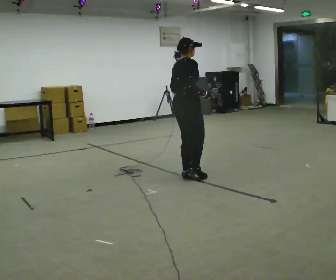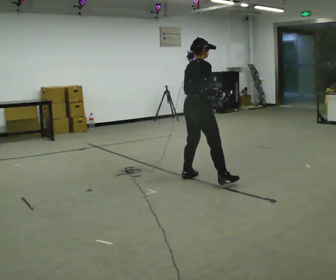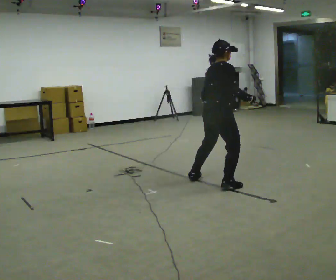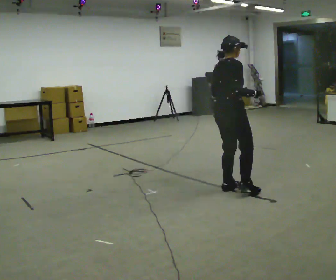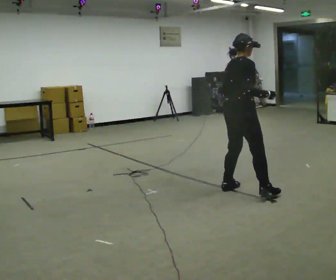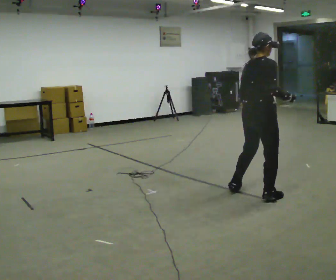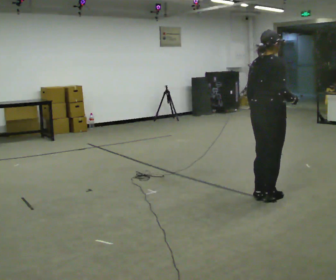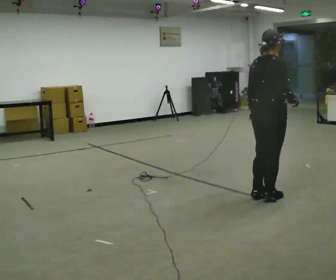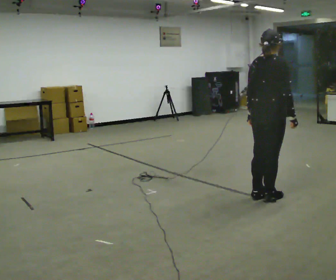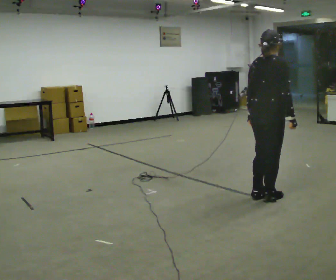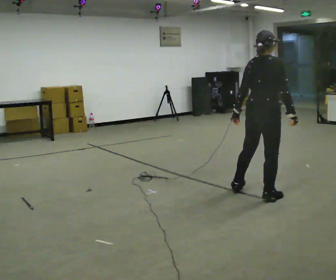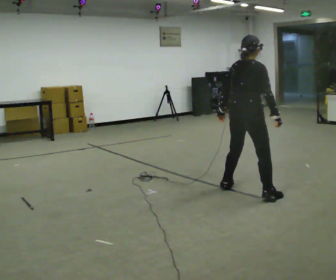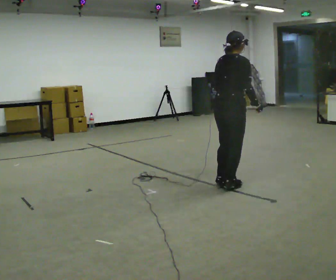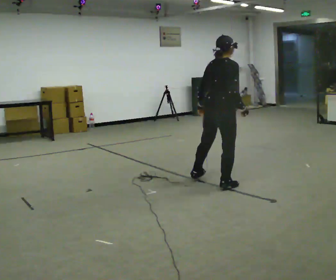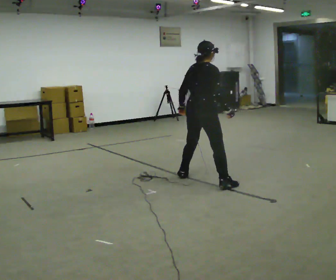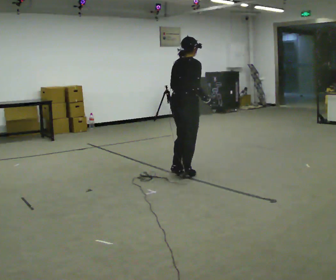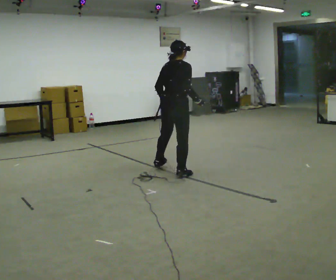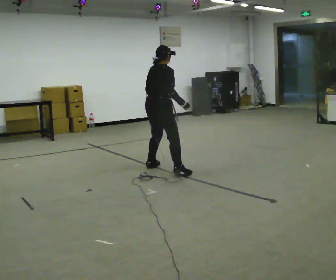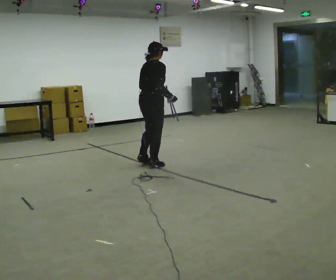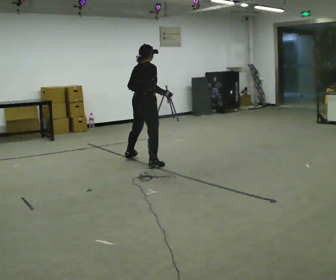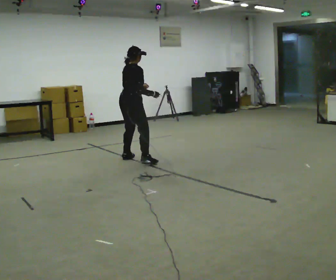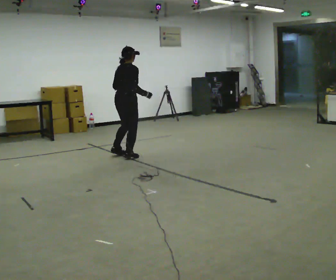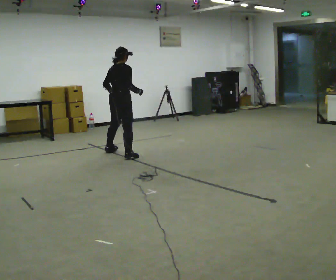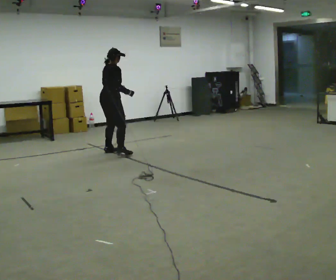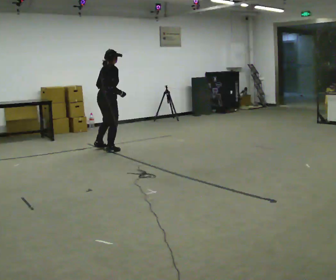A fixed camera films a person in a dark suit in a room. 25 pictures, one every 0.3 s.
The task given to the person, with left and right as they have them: Shuffle sideways quickly in the direction the operator calls, without crossing your feet.
0.0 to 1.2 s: In the picture they go to the right and toward the camera, about 1 m in 3 steps, which for them is to their right.
1.2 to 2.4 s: In the picture they go to the right and toward the camera, about 0.25 m in 2 steps, which for them is to their right.
2.4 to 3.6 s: In the picture they go to the left and away from the camera, about 0.5 m in 1 step, which for them is to their left.
3.6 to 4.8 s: In the picture they go to the left and away from the camera, about 1 m in 3 steps, which for them is to their left.
4.8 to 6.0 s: In the picture they go to the left and away from the camera, about 1 m in 3 steps, which for them is to their left.
6.0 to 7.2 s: In the picture they go away from the camera and to the left, about 0.75 m in 3 steps, which for them is to their left.
The film runs forward here.
